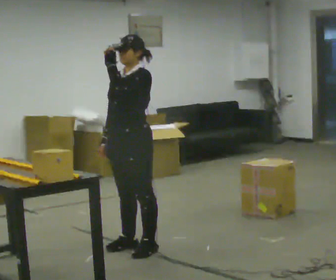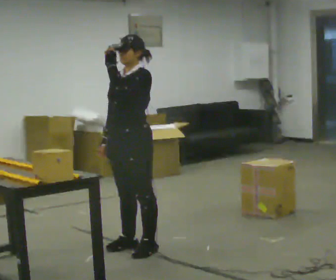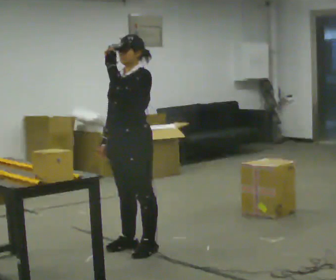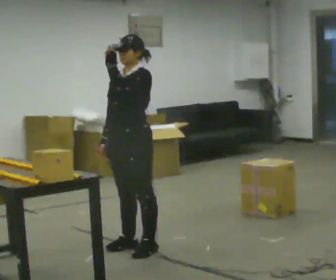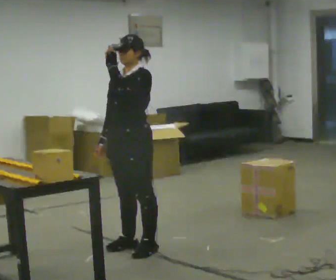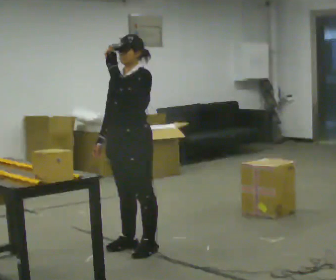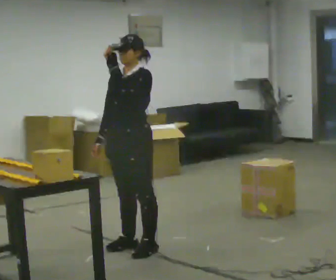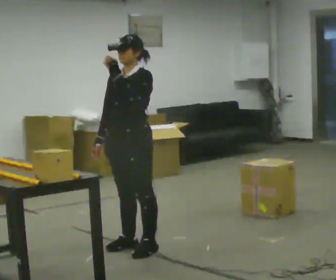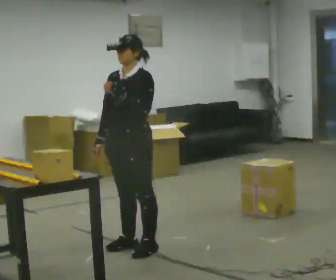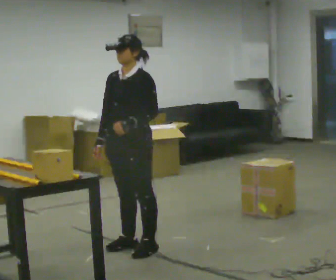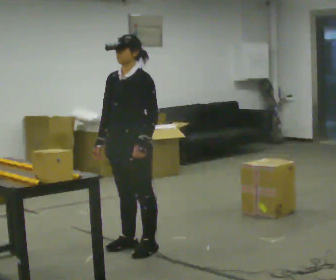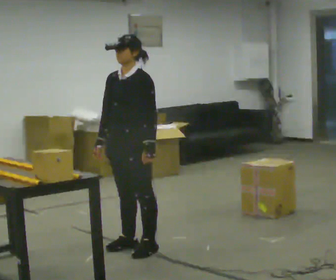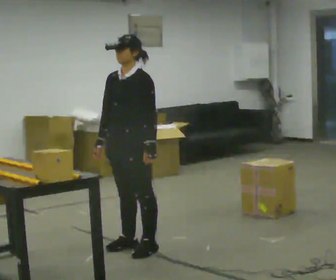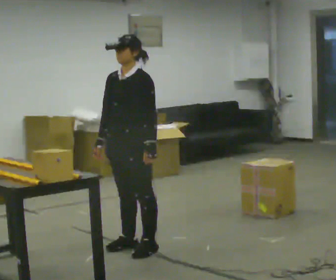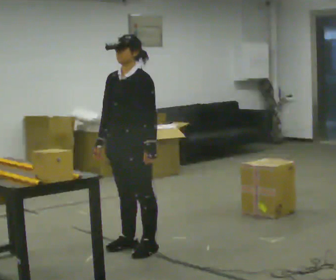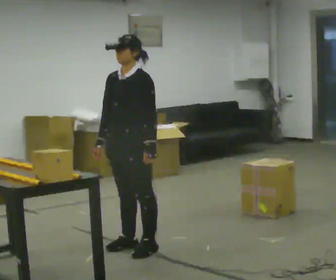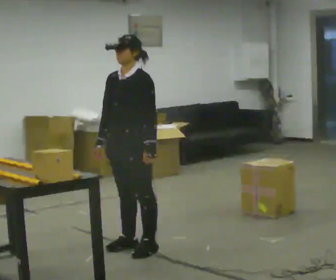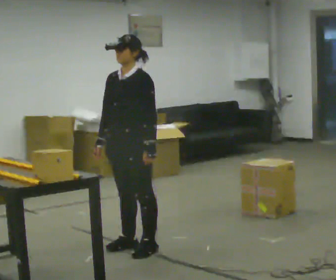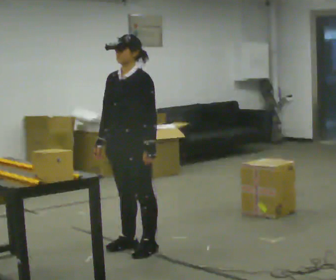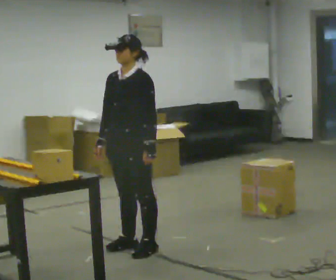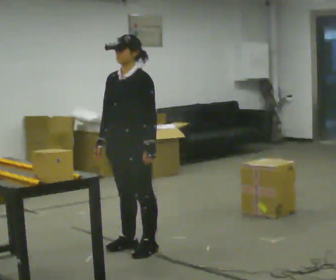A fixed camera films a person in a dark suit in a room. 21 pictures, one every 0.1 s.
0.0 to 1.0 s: In the picture their left hand goes downward.
1.0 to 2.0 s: The person moves a little, or ends about where they began.
The film runs backward here.
